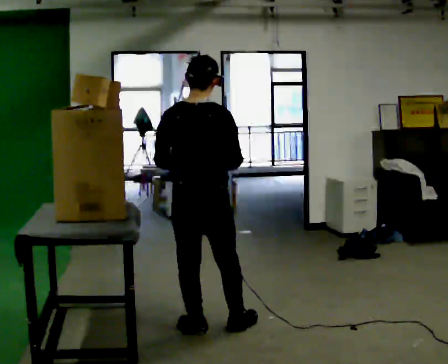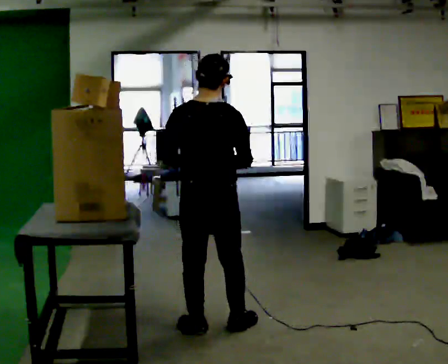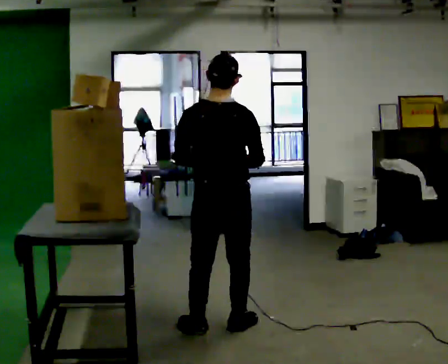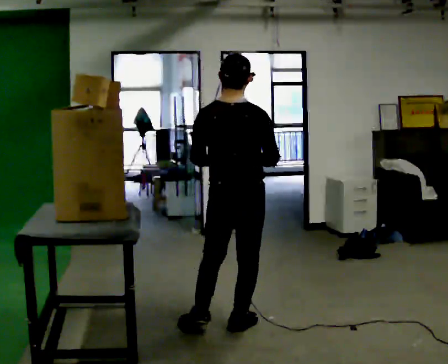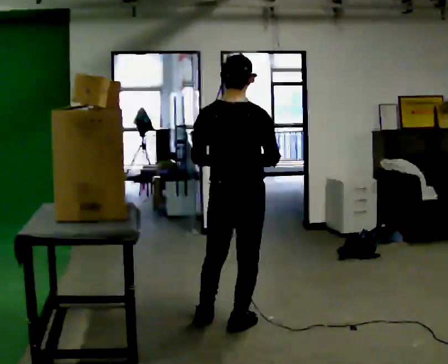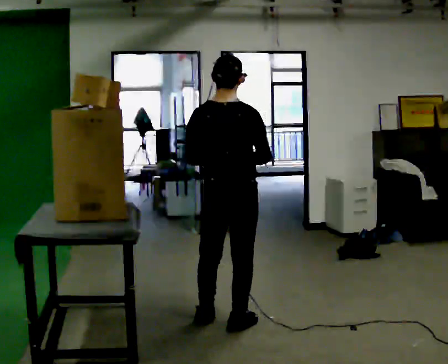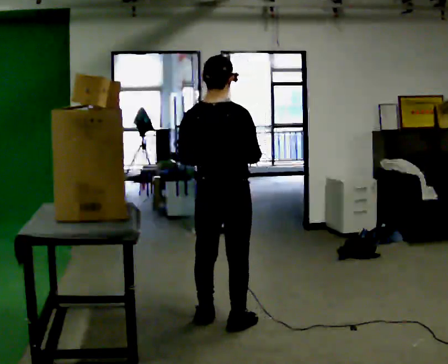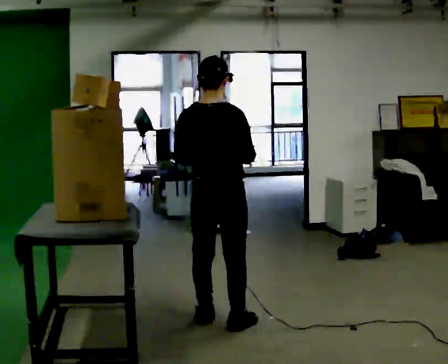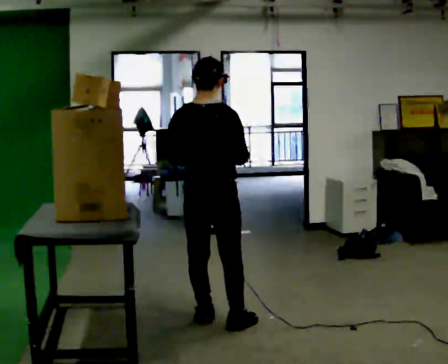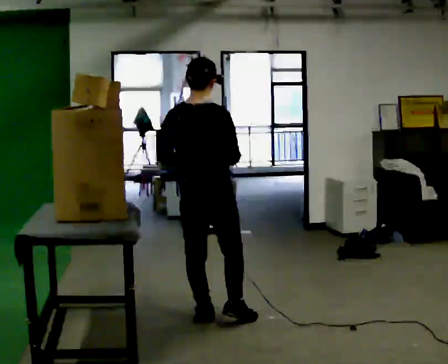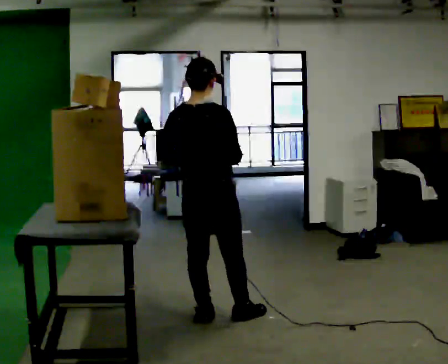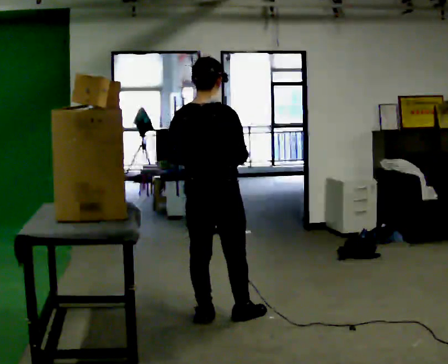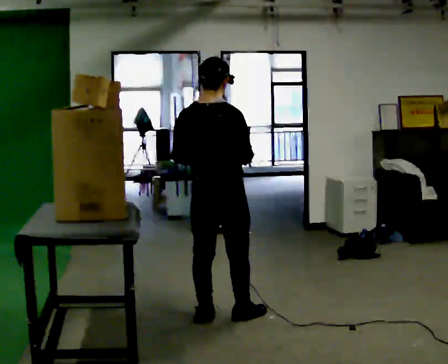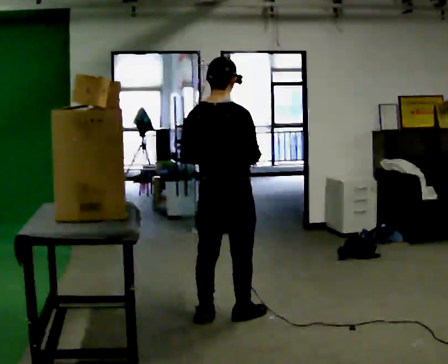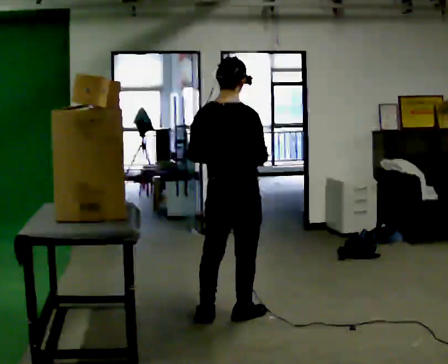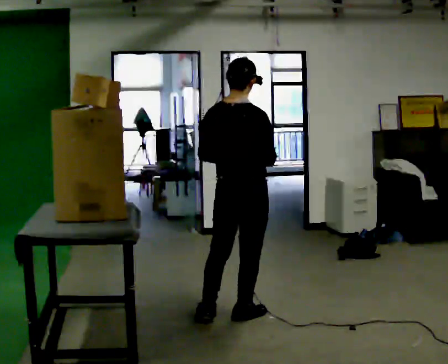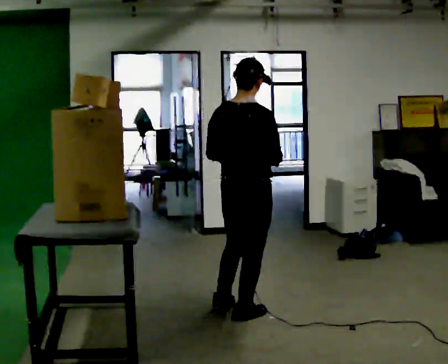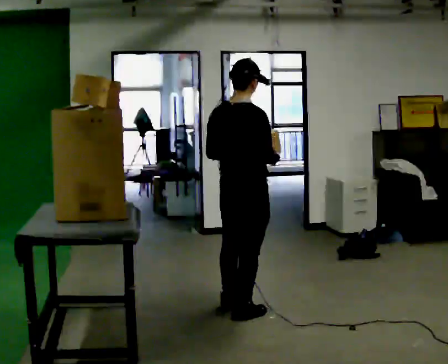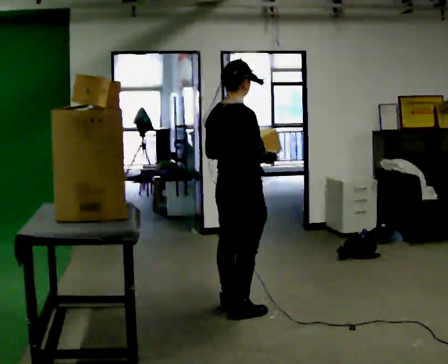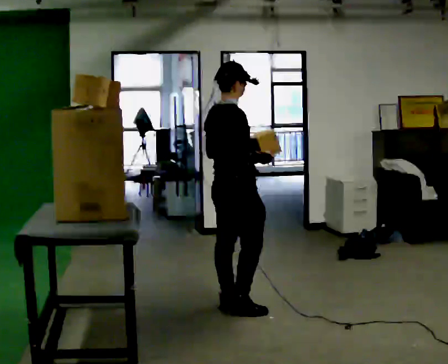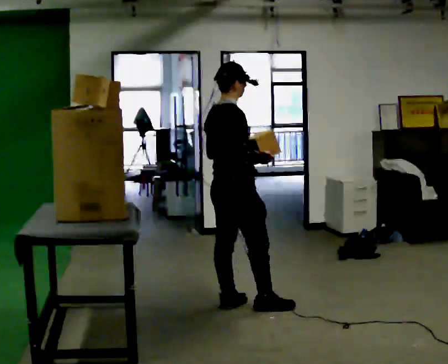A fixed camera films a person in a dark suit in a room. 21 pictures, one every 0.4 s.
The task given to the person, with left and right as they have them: Take an object down from the highest shelf you can comfortably reach, carry it across the room, and set it on the floor. Keep going until the operator says stop; one object at a time, and do not rush between trips.
0.0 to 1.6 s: In the picture they go to the right, about 0.25 m, which for them is to their right.
1.6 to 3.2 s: In the picture they go to the left and away from the camera, about 0.25 m in 1 step, which for them is to their left.
3.2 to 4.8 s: The person moves a little, or ends about where they began.
4.8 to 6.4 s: In the picture they go to the right, about 0.25 m, which for them is to their right.
6.4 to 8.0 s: The person turns about 30 degrees to their right, clockwise seen from above, so the part of the body nearest the lens slides to the left. In the picture they go away from the camera, about 0.25 m in 1 step, which for them is to their left.
The film runs forward here.
